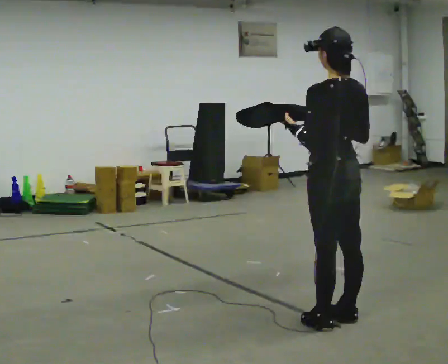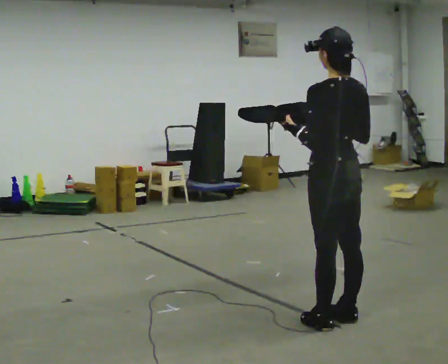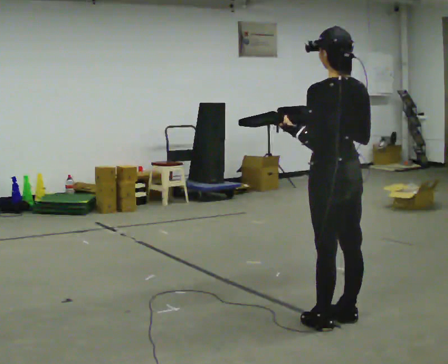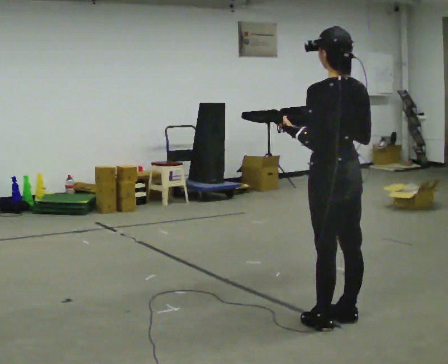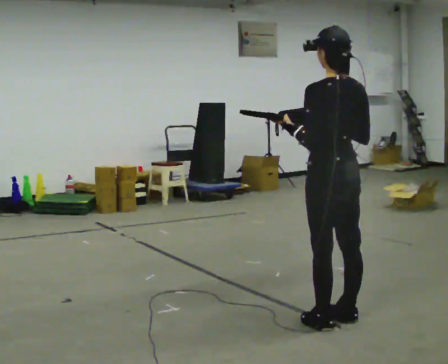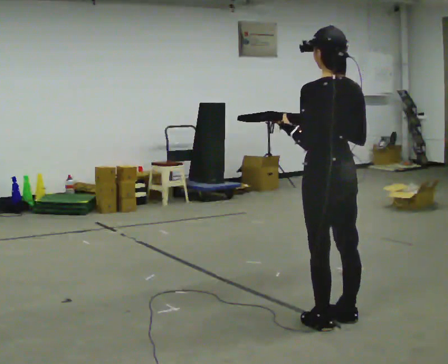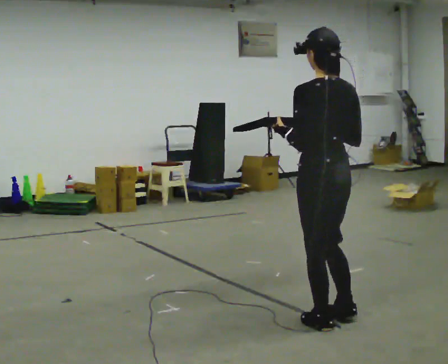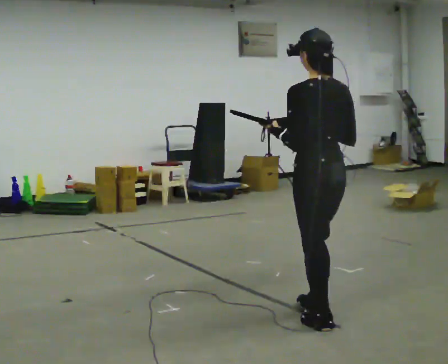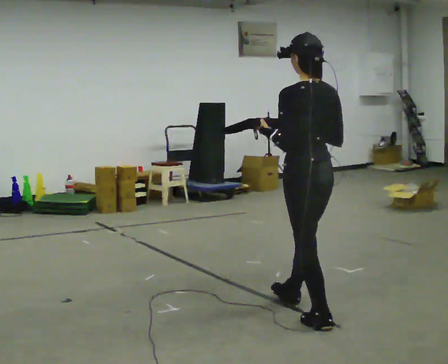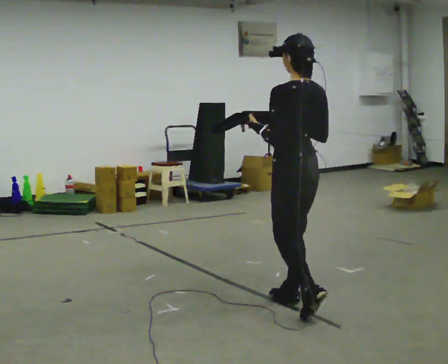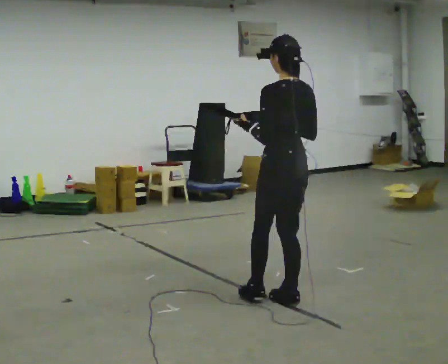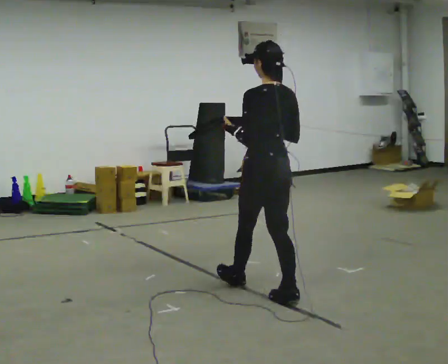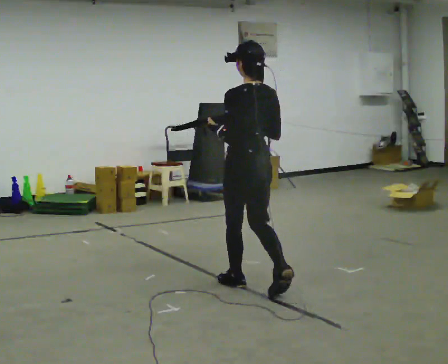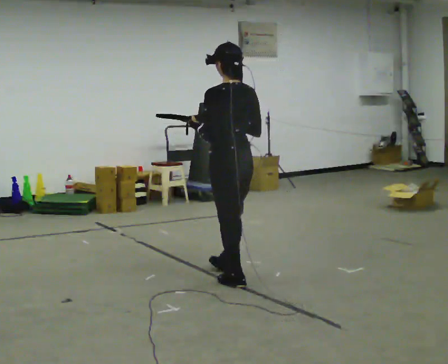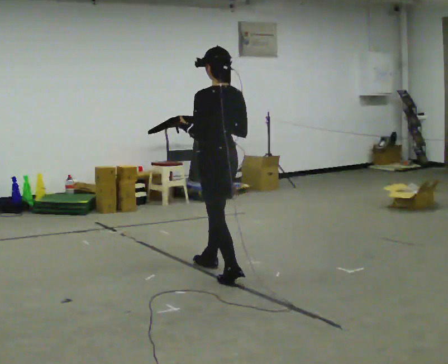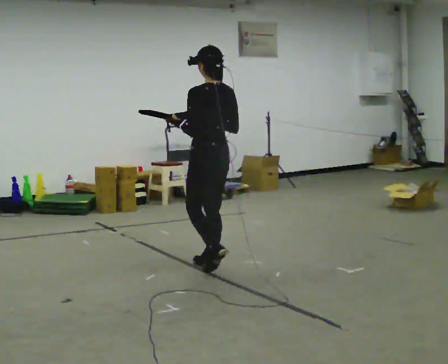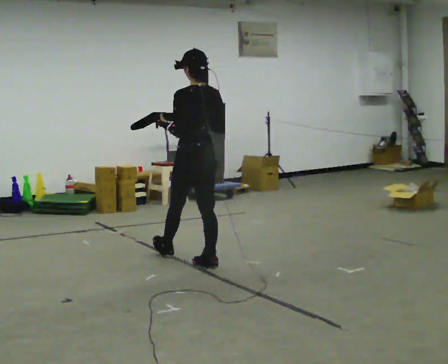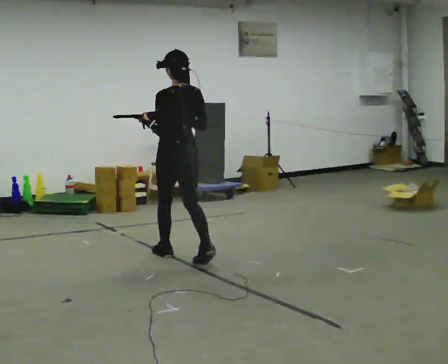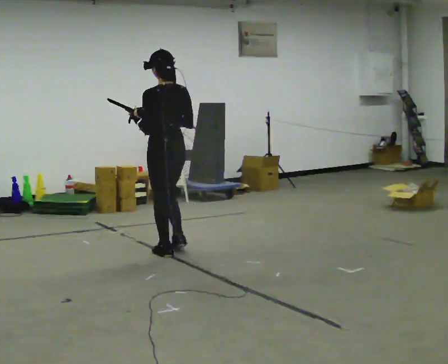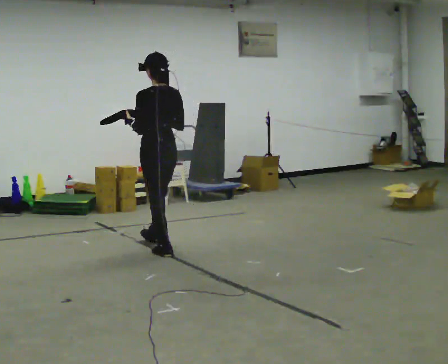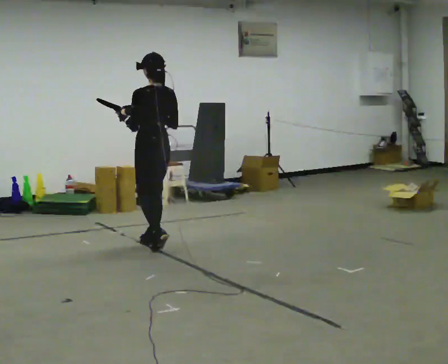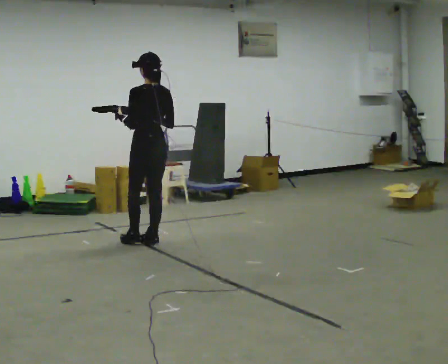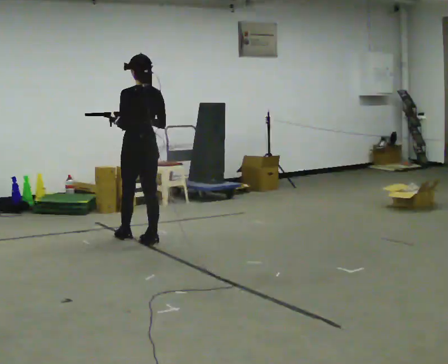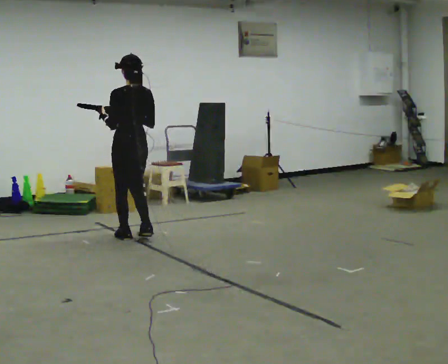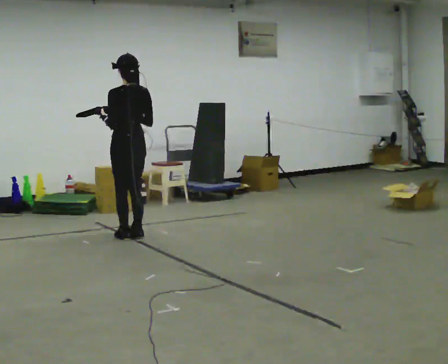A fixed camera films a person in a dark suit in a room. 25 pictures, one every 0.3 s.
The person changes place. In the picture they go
away from the camera.
0.0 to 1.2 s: The person keeps their place and pose.
1.2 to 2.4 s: In the picture they go away from the camera, about 0.25 m in 1 step, which for them is forward.
2.4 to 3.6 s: In the picture they go away from the camera and to the left, about 0.75 m in 1 step, which for them is forward.
3.6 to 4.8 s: In the picture they go away from the camera and to the left, about 0.5 m in 1 step, which for them is forward.
4.8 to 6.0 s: In the picture they go away from the camera and to the left, about 0.75 m in 2 steps, which for them is forward.
6.0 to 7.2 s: In the picture they go away from the camera and to the left, about 0.25 m in 2 steps, which for them is forward.
The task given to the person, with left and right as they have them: Carry the object across the room. The lid hangs loose and will swing, so carry it however works. Keep going until the operator says stop; one object at a time, and do not rush between trips.
The film runs forward here.
